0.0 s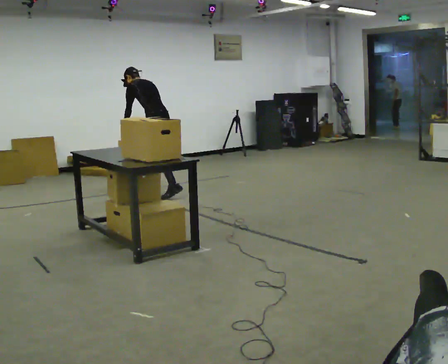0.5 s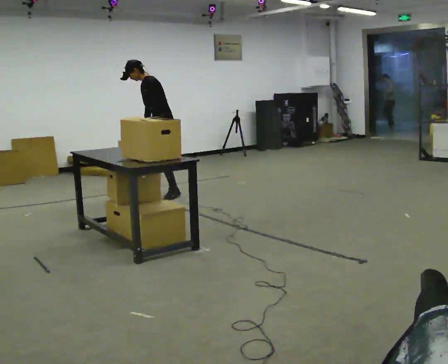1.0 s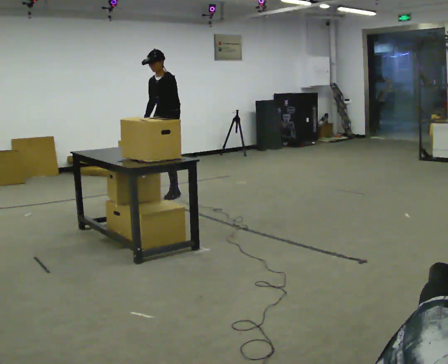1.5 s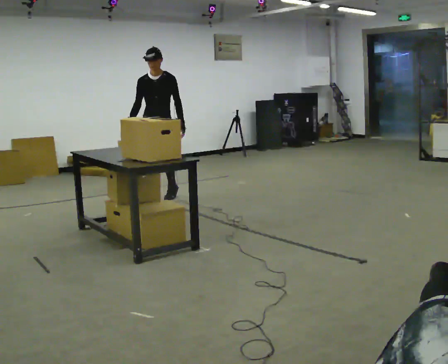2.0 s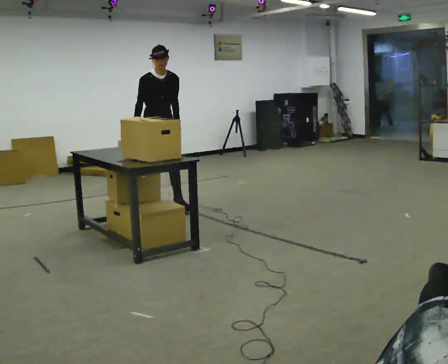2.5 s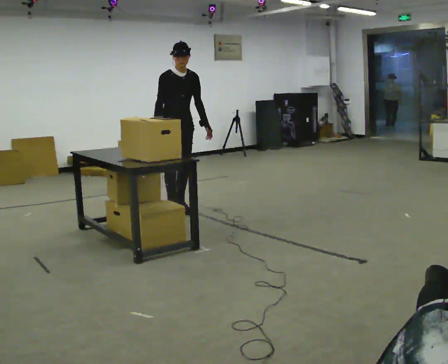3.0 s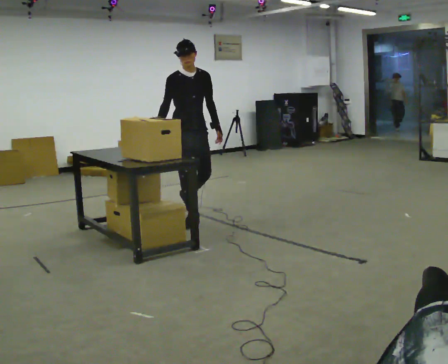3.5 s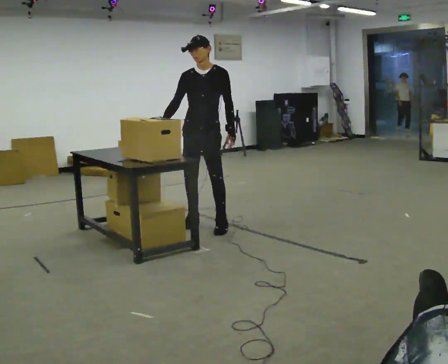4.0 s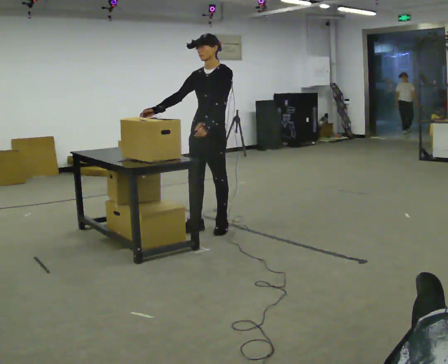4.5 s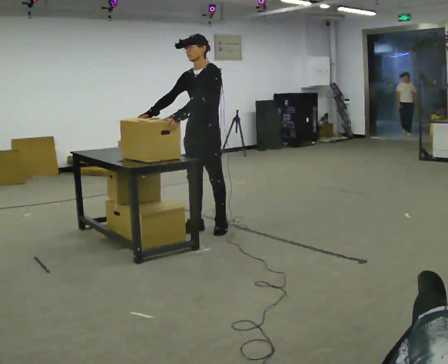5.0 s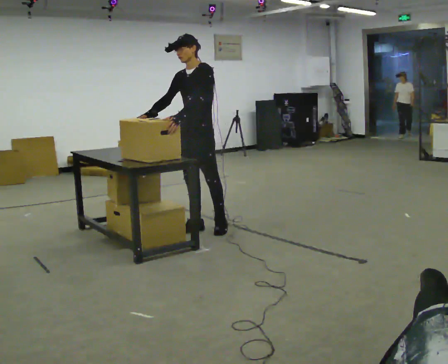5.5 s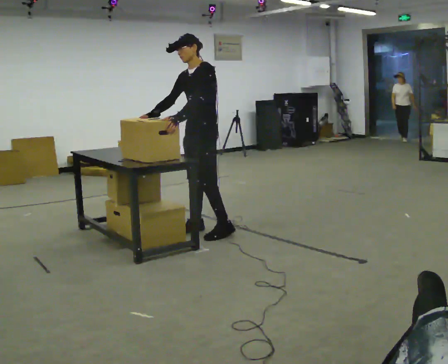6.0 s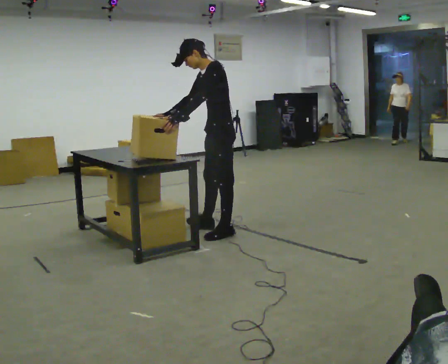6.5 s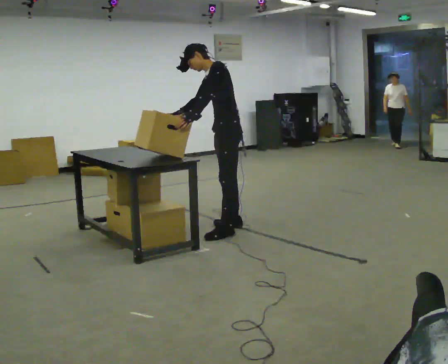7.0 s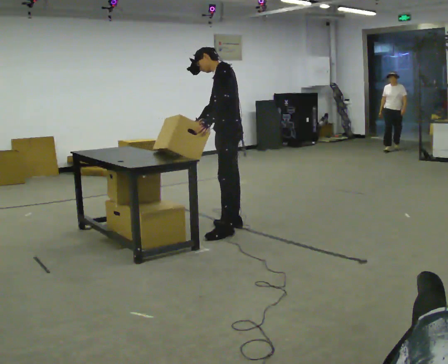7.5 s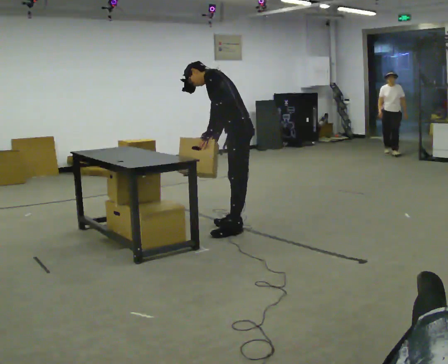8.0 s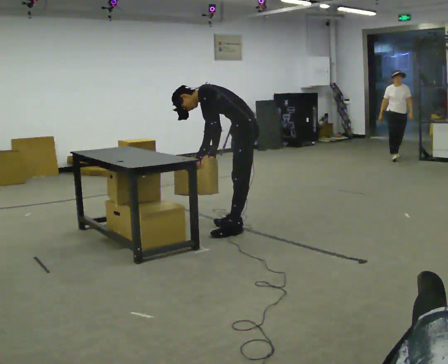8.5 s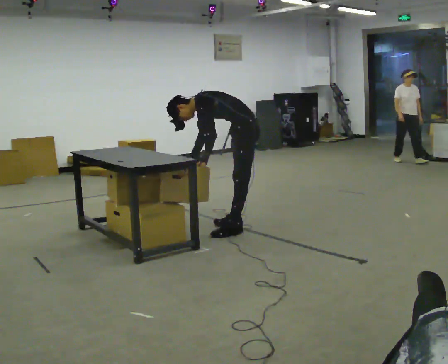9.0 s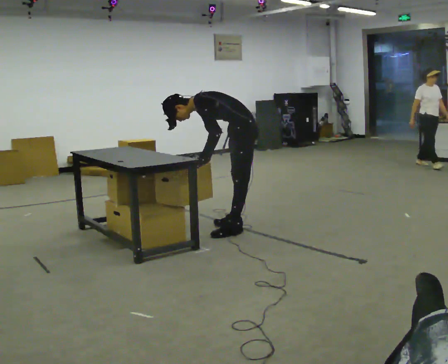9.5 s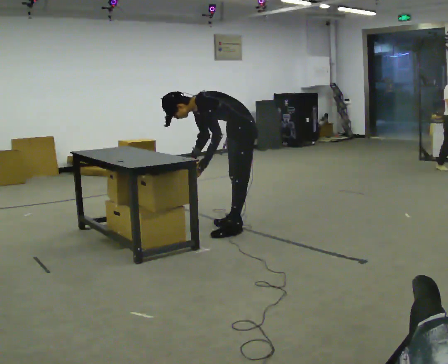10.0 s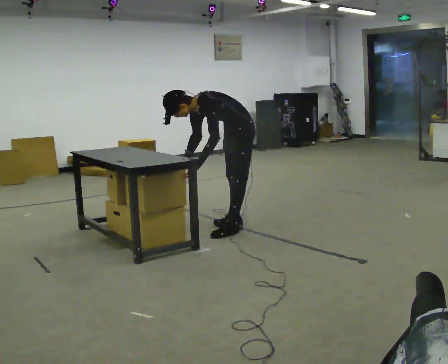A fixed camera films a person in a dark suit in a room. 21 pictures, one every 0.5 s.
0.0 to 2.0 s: Seen from above the body turns counterclockwise, about 135 degrees: to their left, with its near side sliding to the right. In the picture they go toward the camera, about 0.75 m in 2 steps. In the picture the upper body tilts clockwise, shoulders to the right, as they lean back or straighten.
2.0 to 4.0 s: The person turns about 60 degrees to their right, clockwise seen from above, so the part of the body nearest the lens slides to the left. In the picture they go toward the camera and to the right, about 1 m in 4 steps.
4.0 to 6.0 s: The person turns about 45 degrees to their right, clockwise seen from above, so the part of the body nearest the lens slides to the left. In the picture they go toward the camera, about 0.25 m in 1 step, which for them is to their left. In the picture the upper body tilts counterclockwise, shoulders to the left.
6.0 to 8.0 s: In the picture they go to the right and away from the camera, about 0.25 m in 1 step, which for them is backward and to their right. The shoulders move downward. In the picture the upper body tilts counterclockwise, shoulders to the left, as they bend forward. In the picture their right hand goes downward, the arm swinging counterclockwise.
8.0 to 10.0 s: The part of the body nearest the lens slides to the right as the person turns to their left by about 30 degrees. The upper body tips toward the camera, its near side rolling downward.
The film runs forward here.
